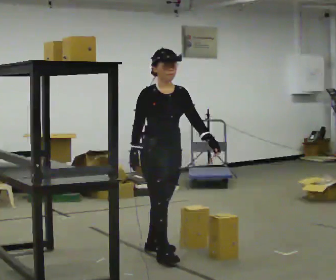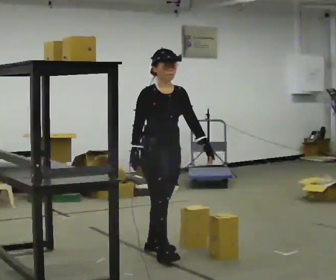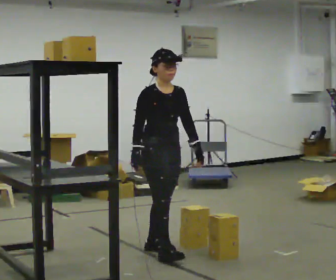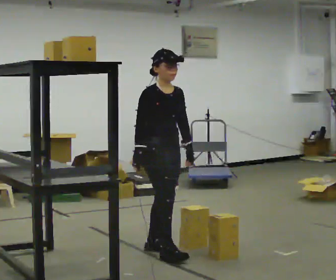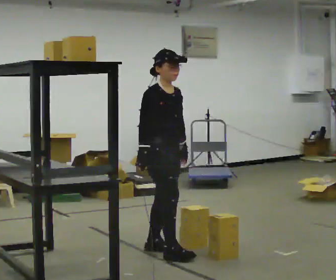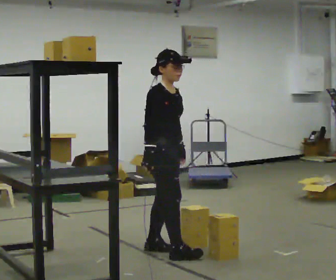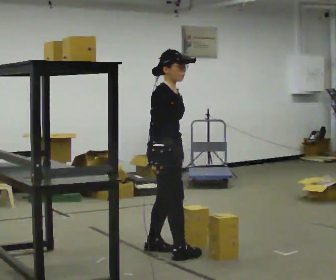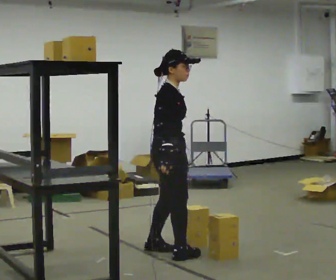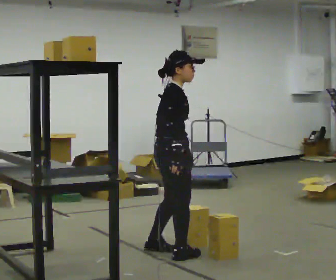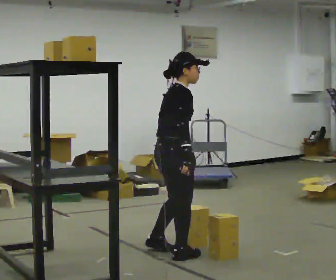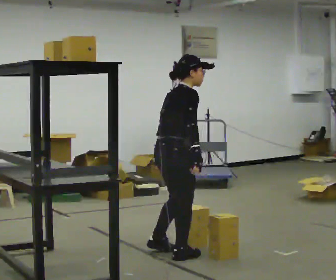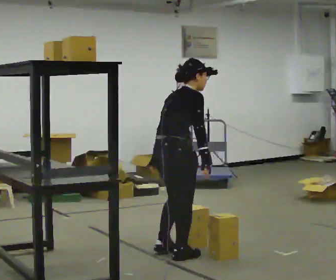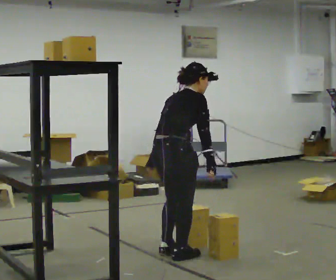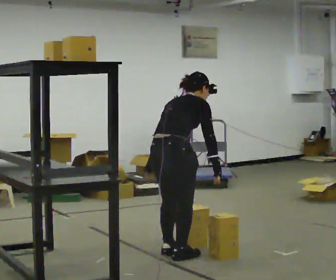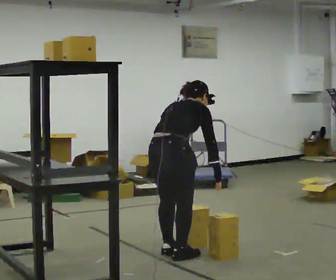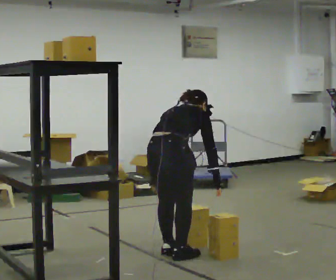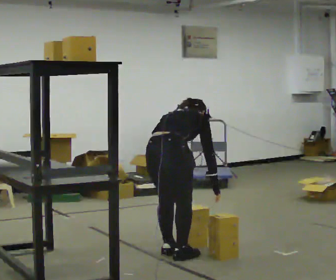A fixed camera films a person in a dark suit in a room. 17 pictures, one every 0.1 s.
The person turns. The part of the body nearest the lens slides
to the right.
The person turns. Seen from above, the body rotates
counterclockwise.
0.0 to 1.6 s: The person turns about 105 degrees to their left, counterclockwise seen from above, so the part of the body nearest the lens slides to the right. The shoulders move downward. The upper body tips away from the camera, its near side rolling upward, as they bend forward. In the picture their left hand goes to the left and downward, the arm swinging clockwise.
The film runs backward here.
